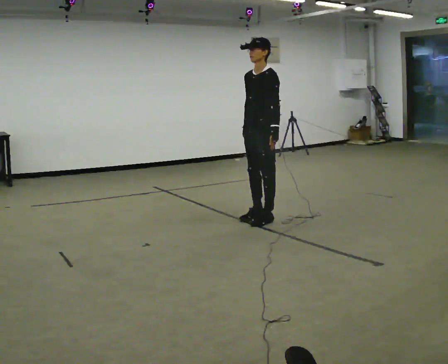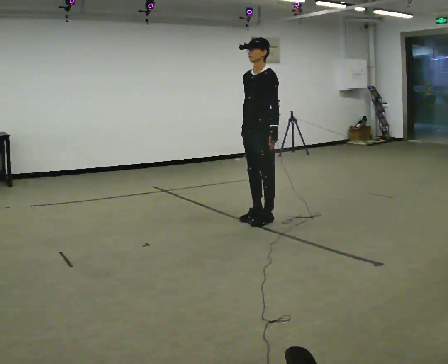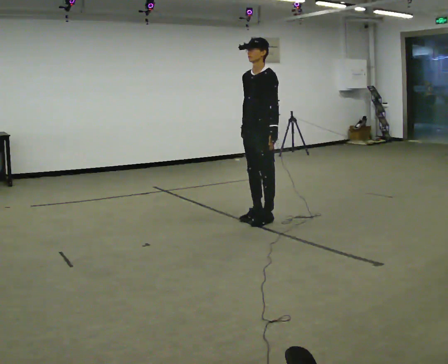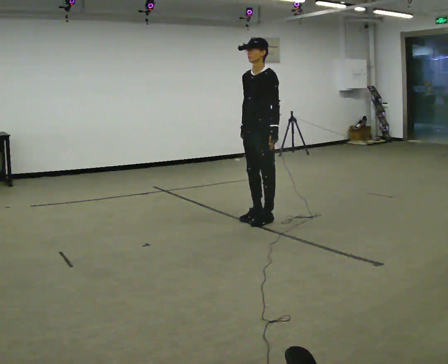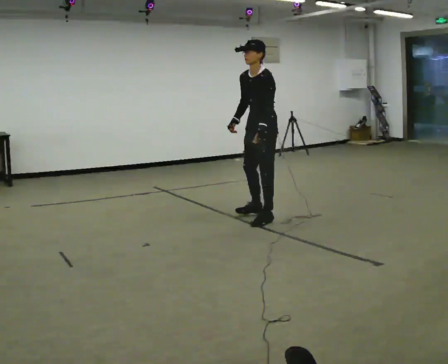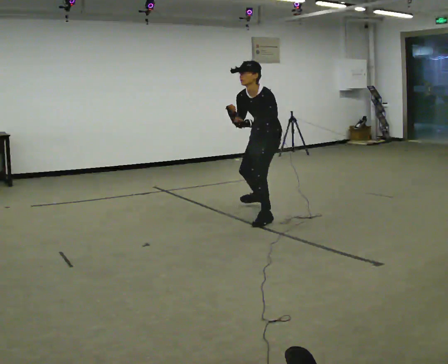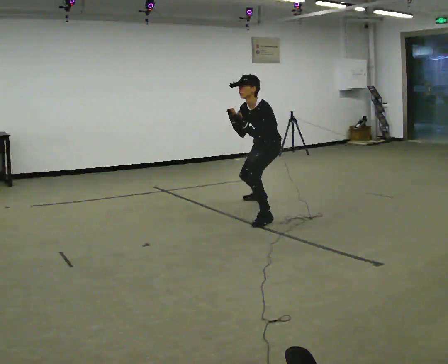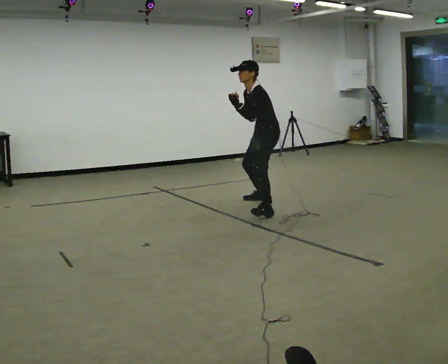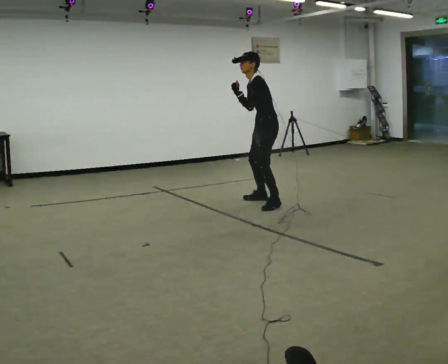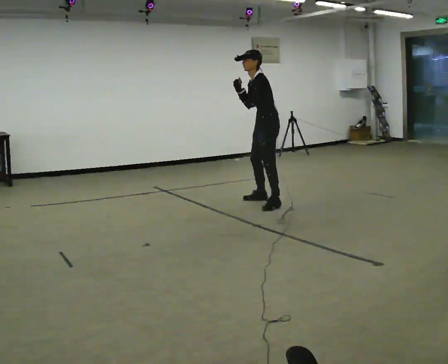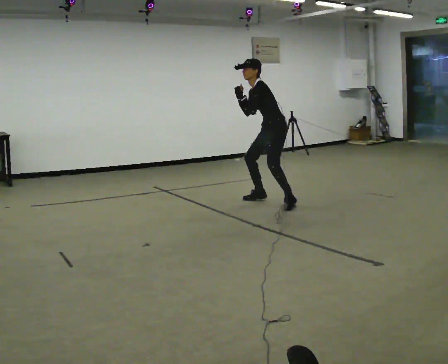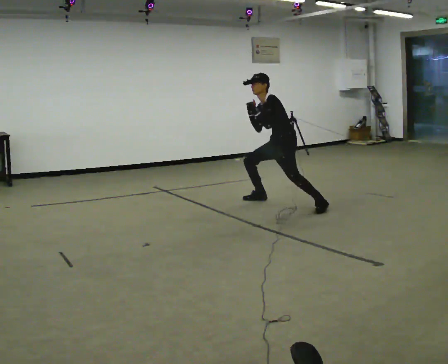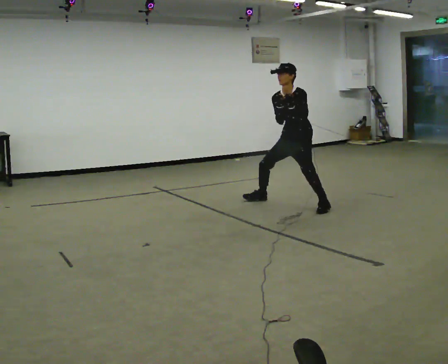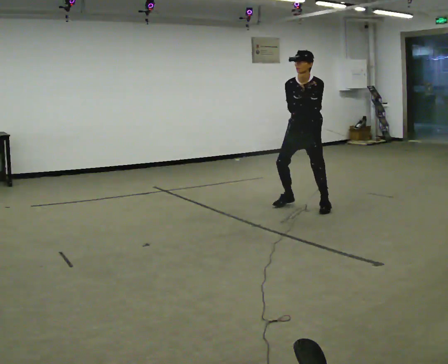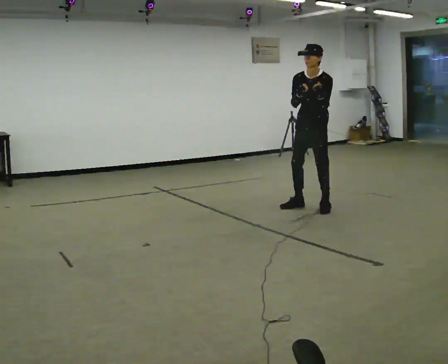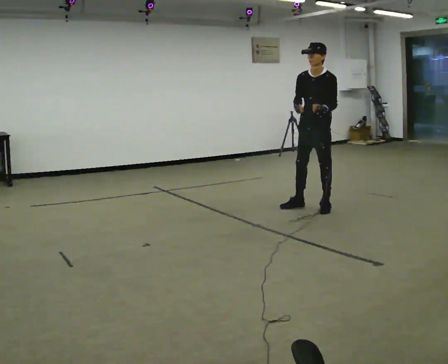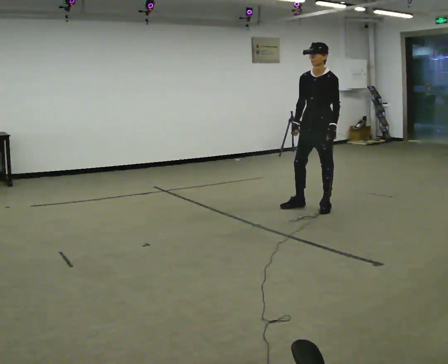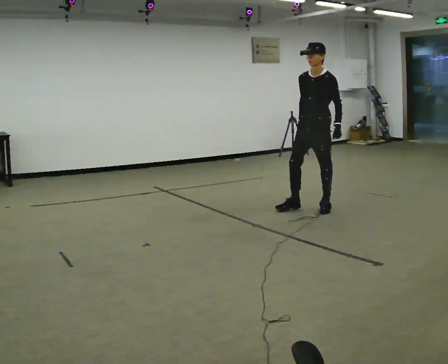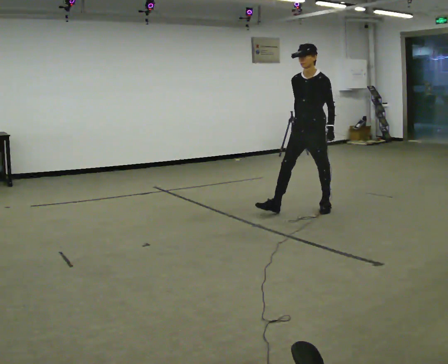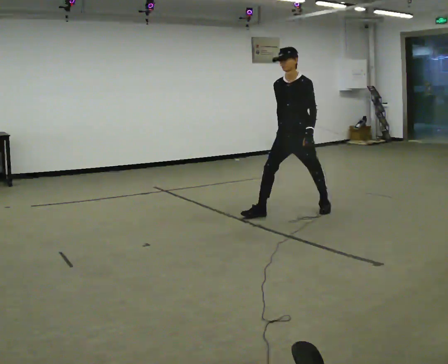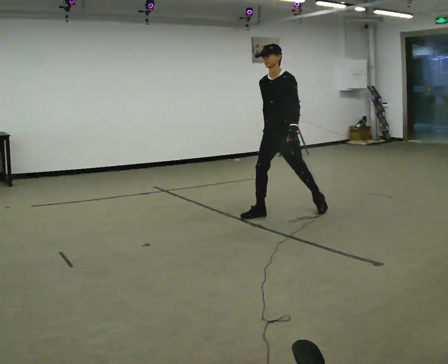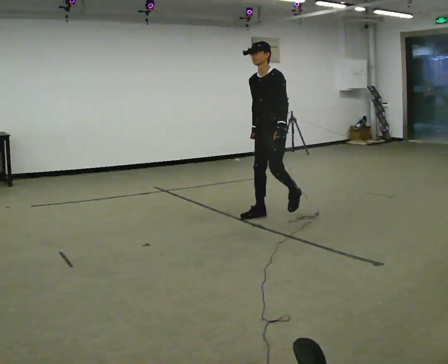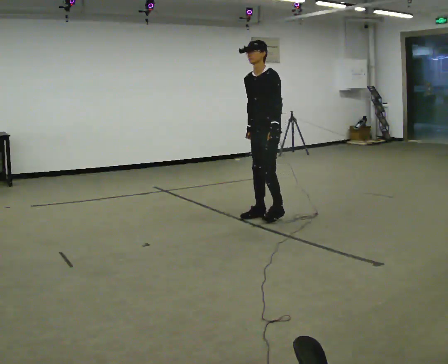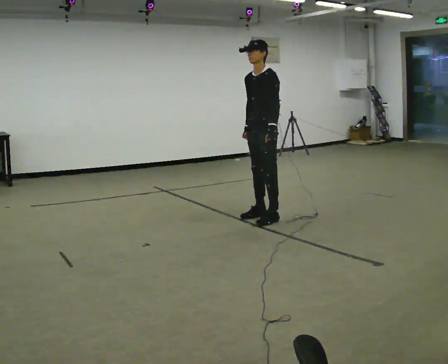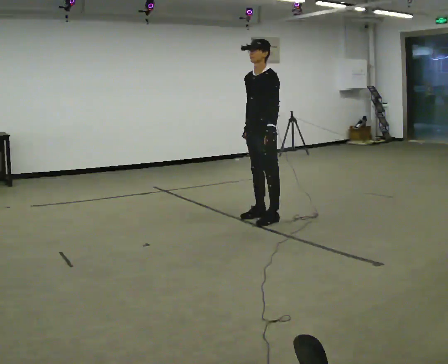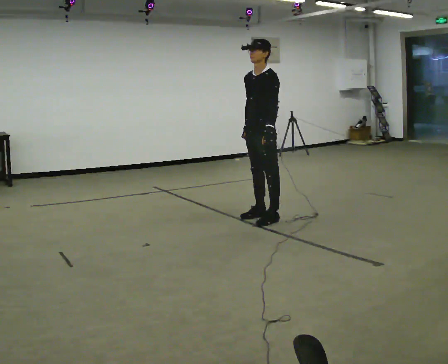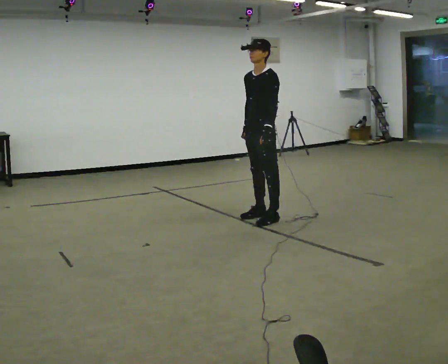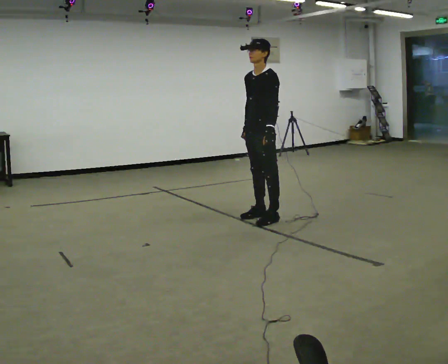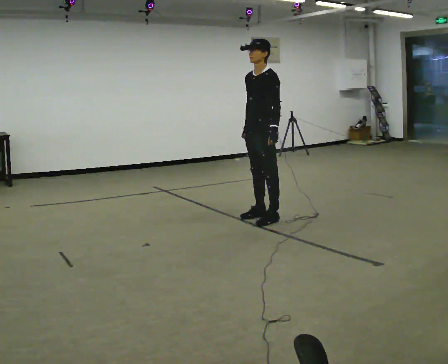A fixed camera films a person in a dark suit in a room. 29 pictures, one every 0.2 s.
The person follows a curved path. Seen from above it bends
clockwise.
0.0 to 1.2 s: In the picture they go away from the camera, about 0.5 m, which for them is backward and to their right. The upper body goes downward. The upper body tips toward the camera, its near side rolling downward, as they bend forward.
1.2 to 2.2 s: In the picture they go away from the camera, about 0.5 m in 2 steps, which for them is to their right and backward.
2.2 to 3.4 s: In the picture they go toward the camera and to the right, about 0.5 m in 2 steps, which for them is to their left and forward. The upper body goes upward. In the picture the upper body tilts clockwise, shoulders to the right, as they lean back or straighten.
3.4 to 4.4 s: In the picture they go to the left and toward the camera, about 0.5 m in 1 step, which for them is forward and to their right.
4.4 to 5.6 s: The person moves a little, or ends about where they began.
The film runs forward here.
